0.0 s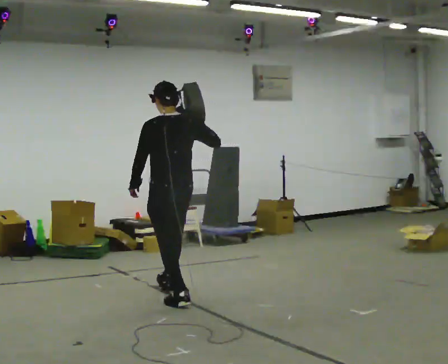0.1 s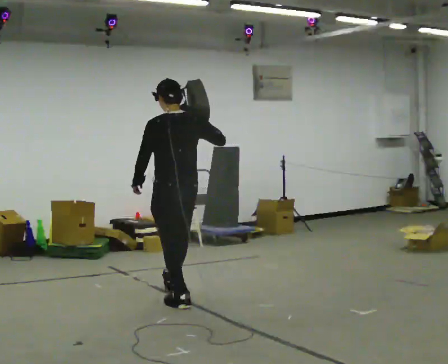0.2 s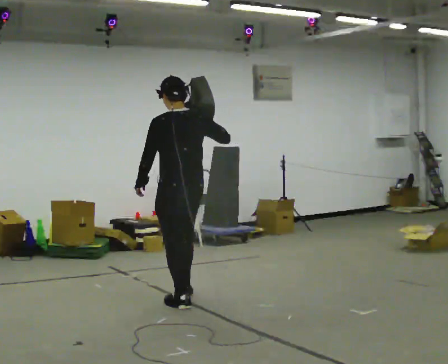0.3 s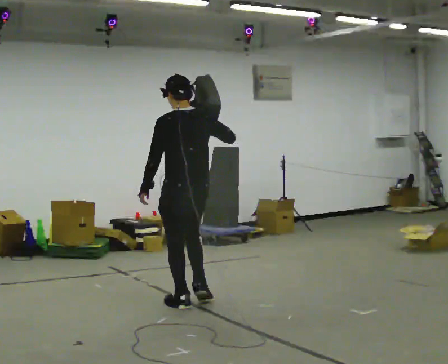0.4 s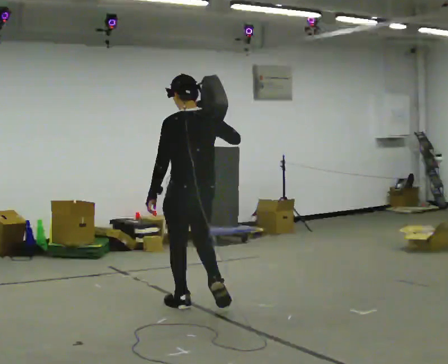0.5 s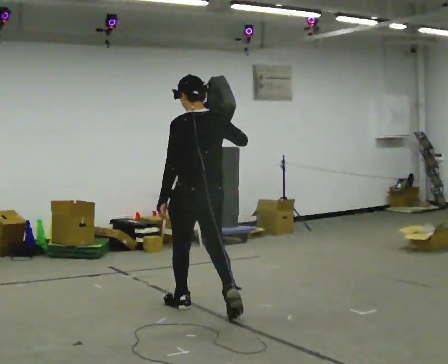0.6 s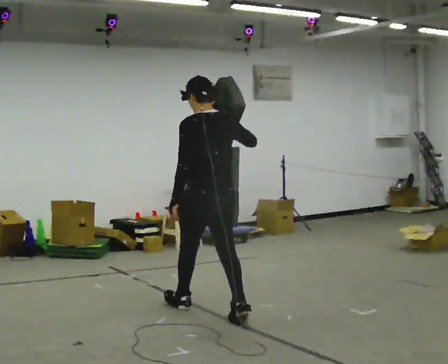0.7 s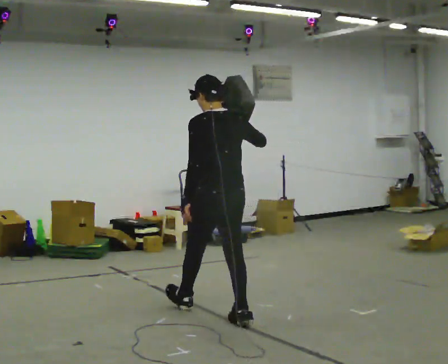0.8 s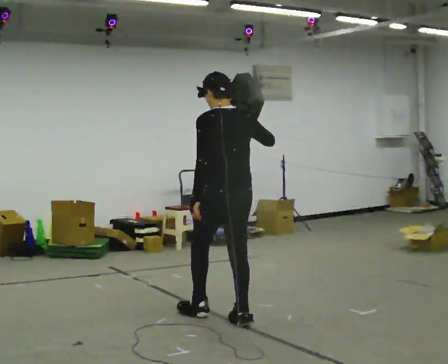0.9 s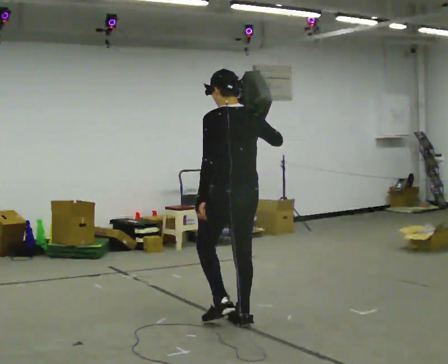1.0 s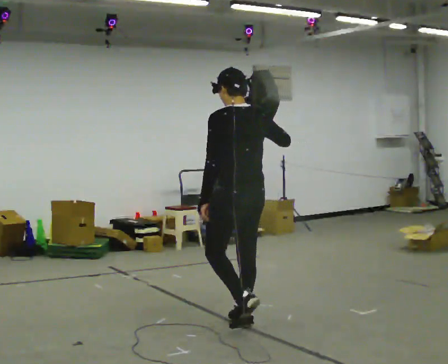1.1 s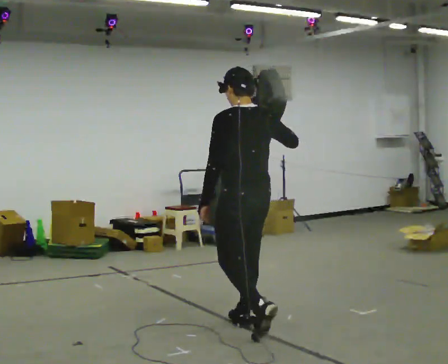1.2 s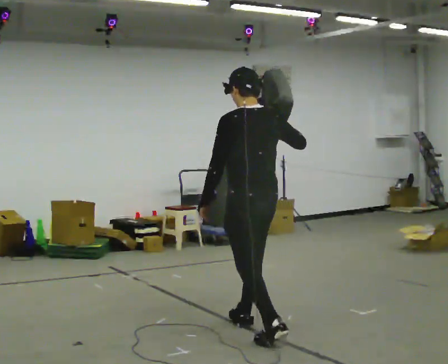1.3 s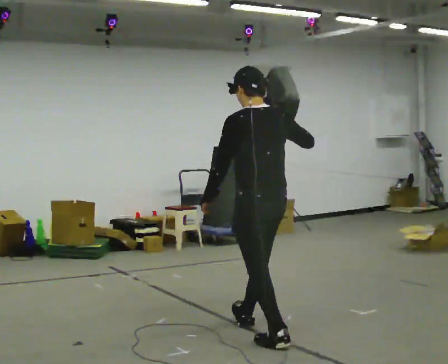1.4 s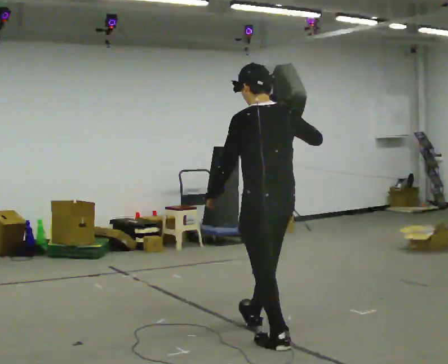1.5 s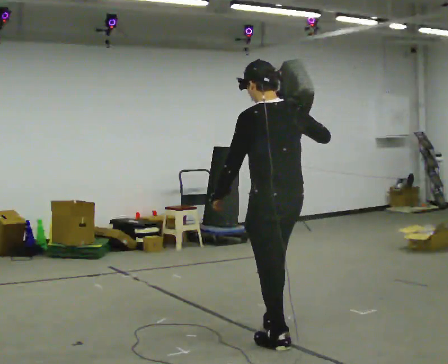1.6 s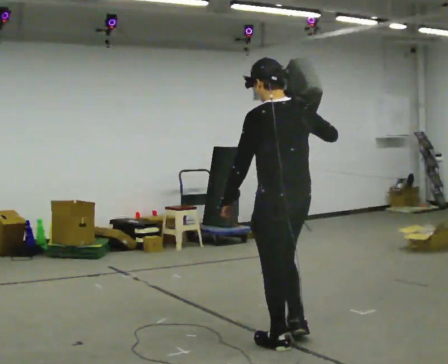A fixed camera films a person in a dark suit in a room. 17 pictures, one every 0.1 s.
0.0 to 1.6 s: In the picture they go toward the camera and to the right, about 1.5 m in 3 steps, which for them is backward.
The film runs backward here.
